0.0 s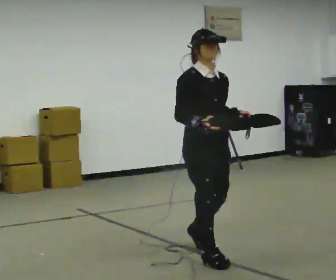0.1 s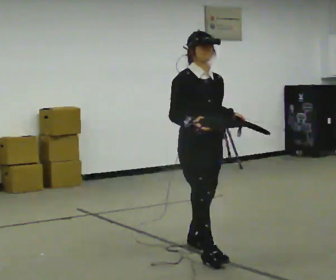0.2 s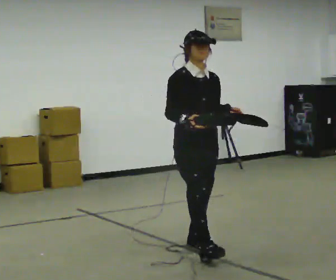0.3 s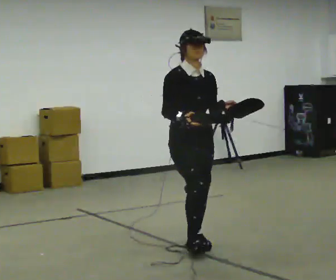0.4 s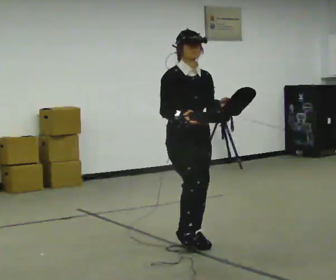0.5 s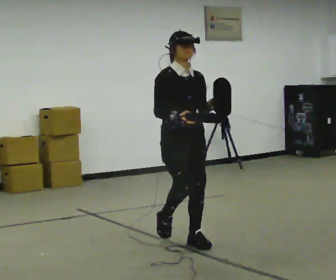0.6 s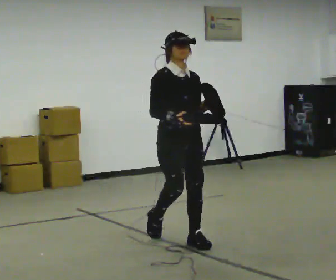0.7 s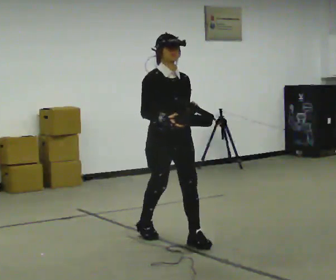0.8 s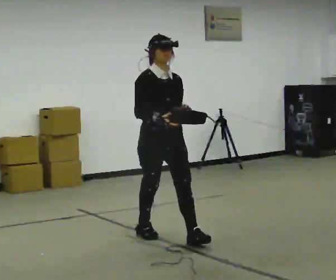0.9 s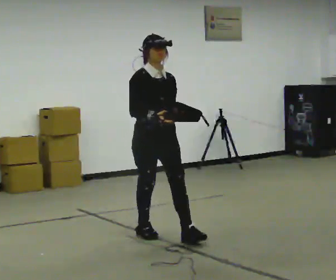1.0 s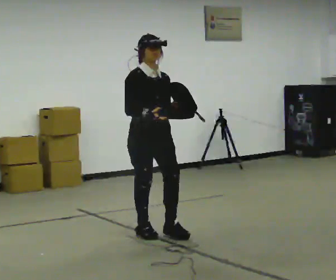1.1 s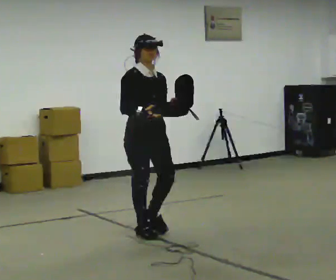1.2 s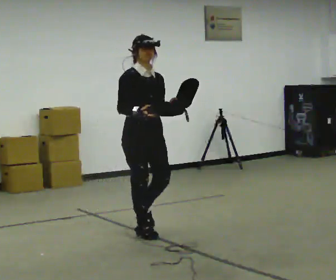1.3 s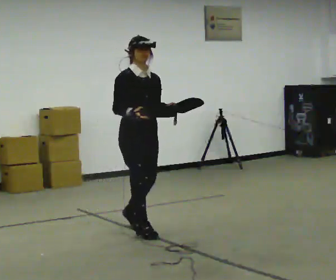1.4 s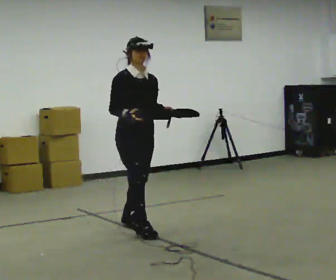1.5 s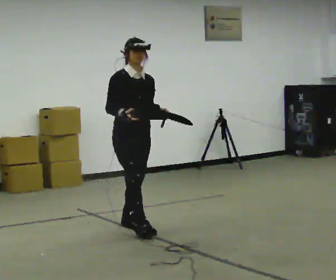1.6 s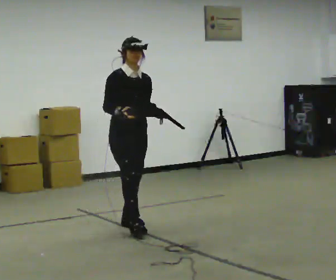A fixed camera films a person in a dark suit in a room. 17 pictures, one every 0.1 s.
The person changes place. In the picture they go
away from the camera.
0.0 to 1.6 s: In the picture they go away from the camera and to the left, about 1 m in 3 steps, which for them is backward.
The film runs backward here.
